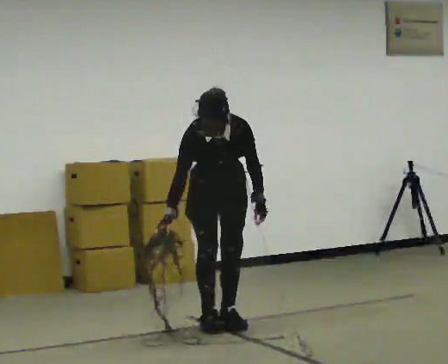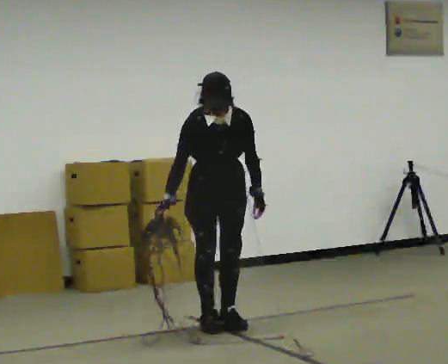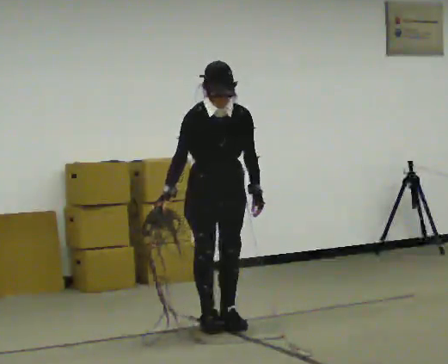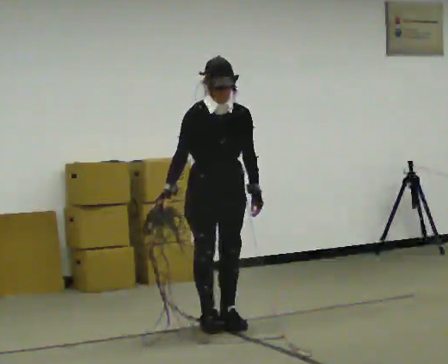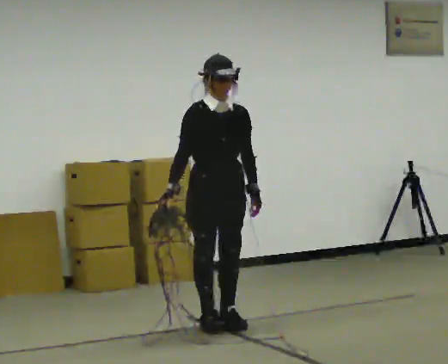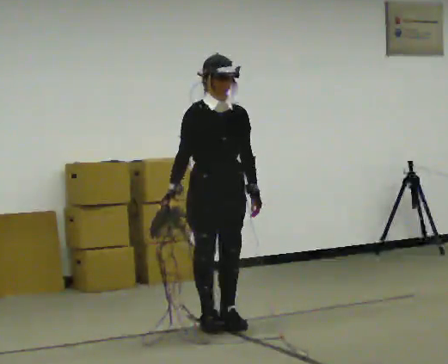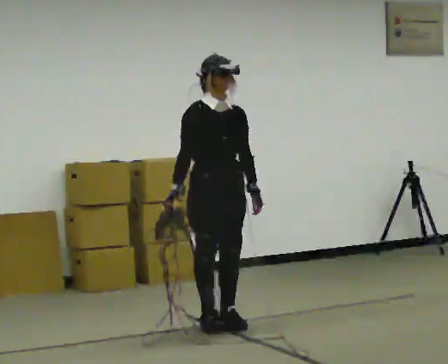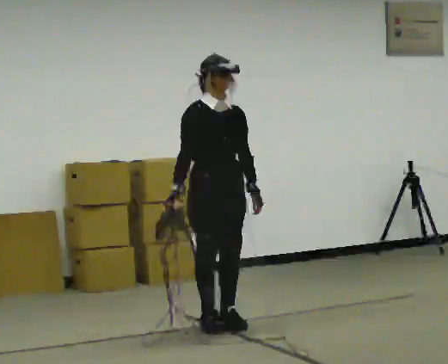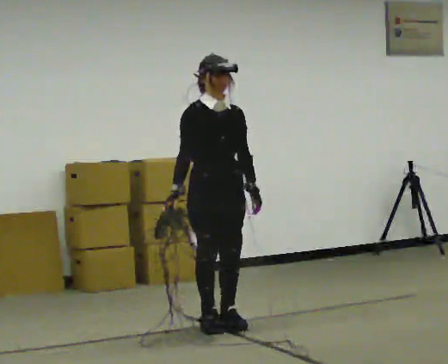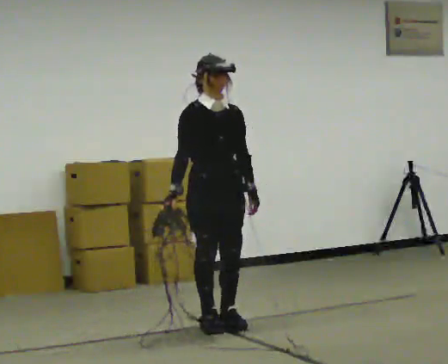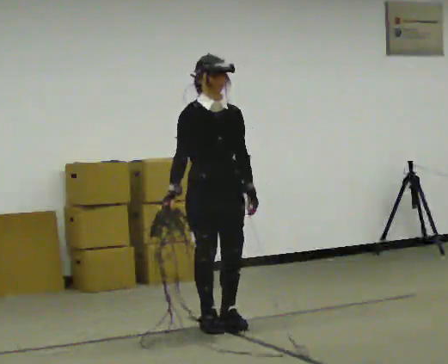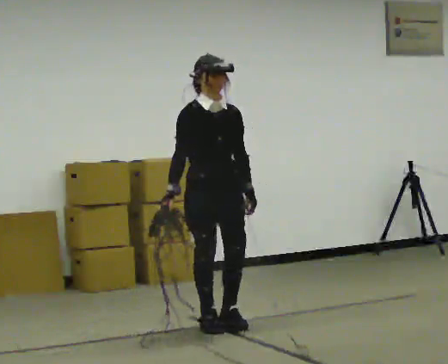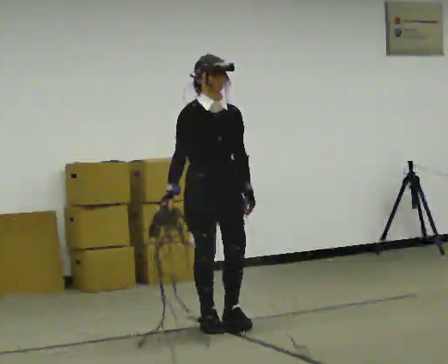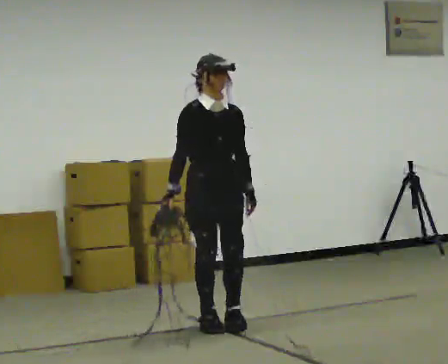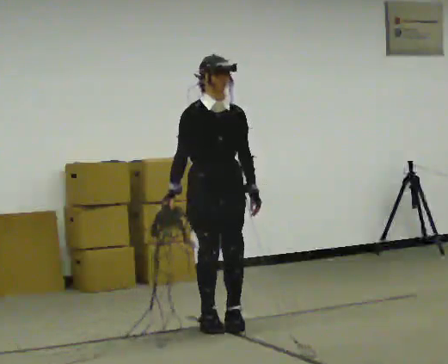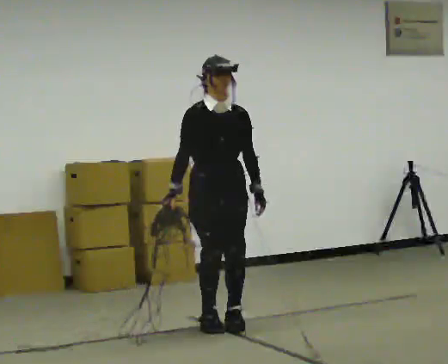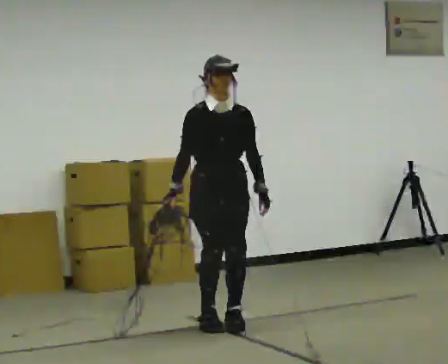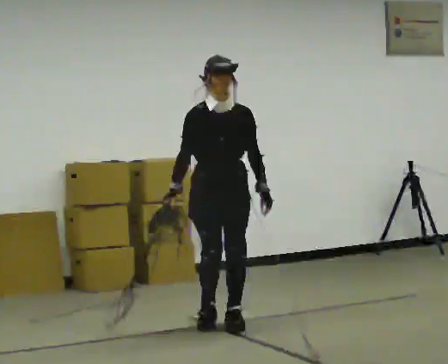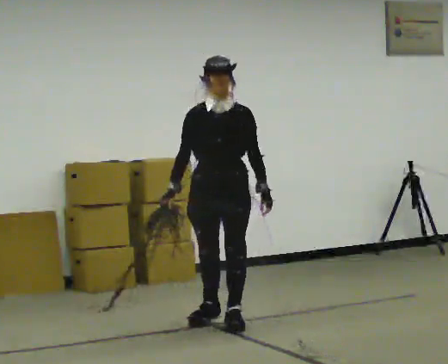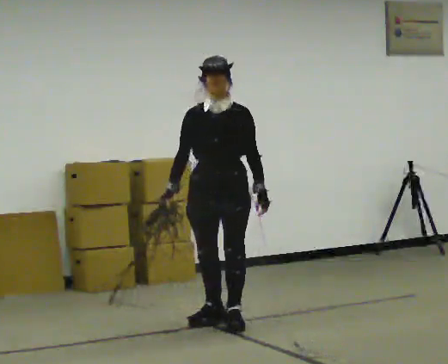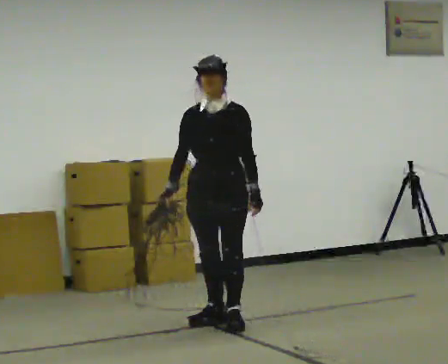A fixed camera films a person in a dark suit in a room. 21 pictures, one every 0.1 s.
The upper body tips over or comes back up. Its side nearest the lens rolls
upward.
0.0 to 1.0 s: The upper body tips away from the camera, its near side rolling upward, as they lean back or straighten.
1.0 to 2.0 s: The part of the body nearest the lens slides to the left as the person turns to their right by about 45 degrees.
The film runs backward here.
